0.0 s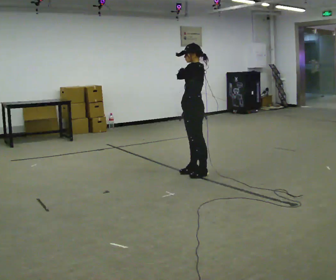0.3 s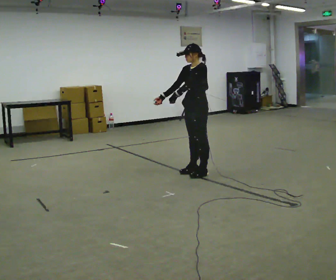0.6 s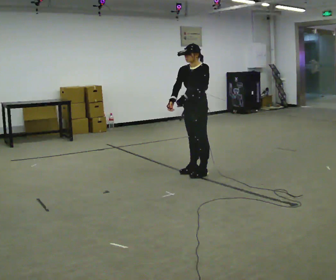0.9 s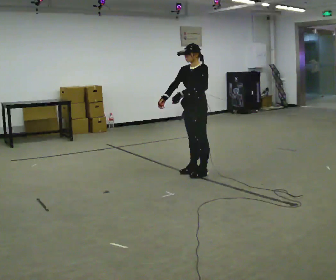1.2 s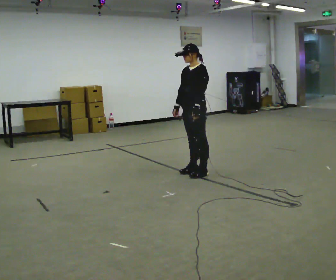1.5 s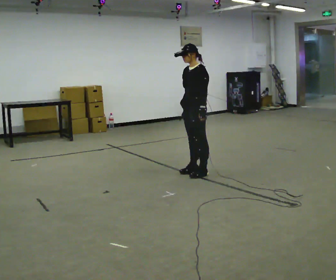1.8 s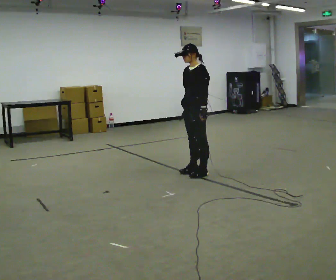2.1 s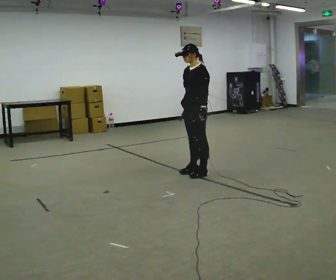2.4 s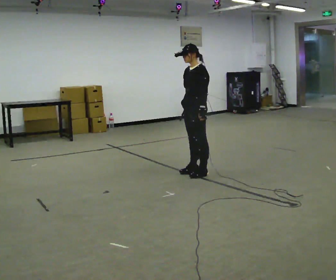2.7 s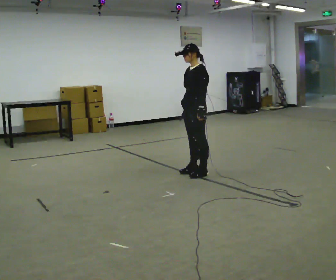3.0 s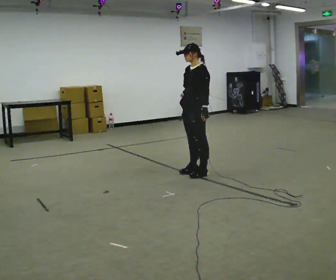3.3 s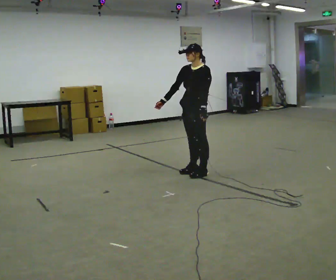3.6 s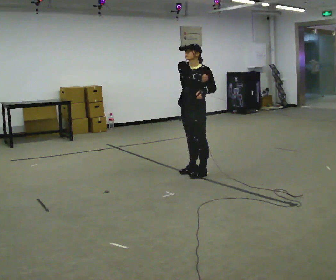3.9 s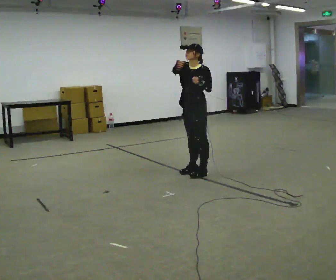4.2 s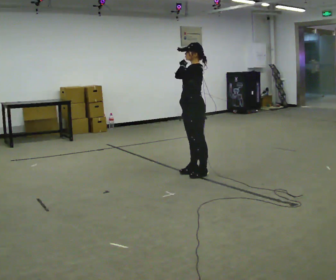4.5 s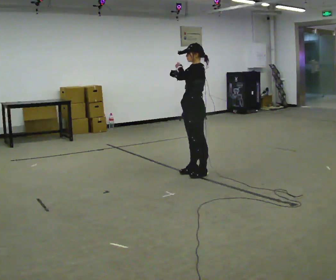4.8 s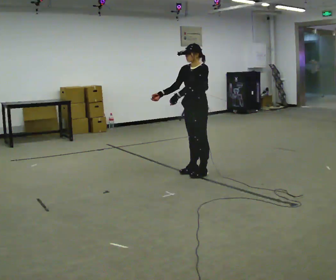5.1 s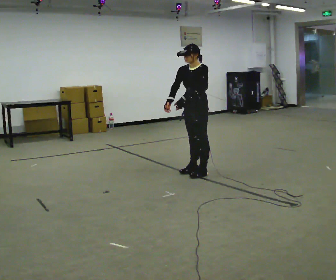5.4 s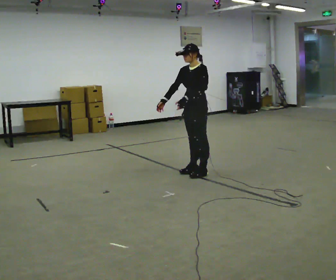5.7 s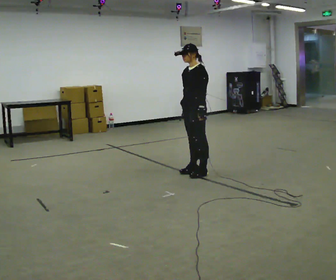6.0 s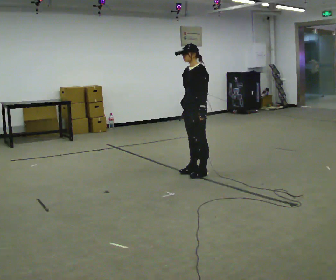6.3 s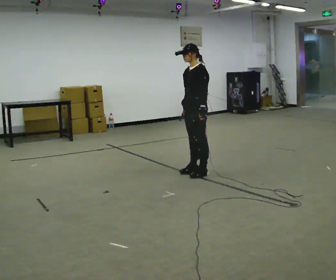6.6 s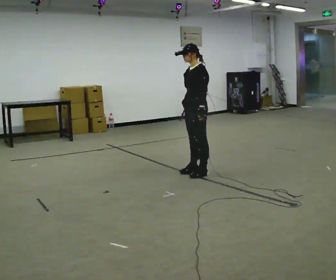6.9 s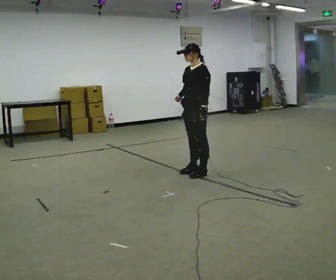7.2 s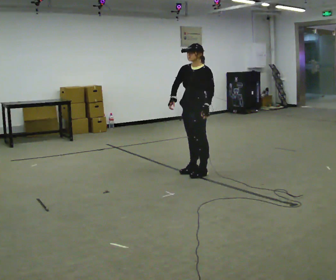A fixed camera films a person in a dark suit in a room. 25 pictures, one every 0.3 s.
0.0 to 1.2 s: The part of the body nearest the lens slides to the right as the person turns to their left by about 30 degrees. In the picture their right hand goes downward and to the left.
1.2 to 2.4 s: The person moves a little, or ends about where they began.
2.4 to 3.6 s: In the picture their right hand goes upward.
3.6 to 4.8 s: In the picture their right hand goes to the left.
4.8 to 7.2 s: In the picture their left hand goes to the right, the arm swinging counterclockwise.
The film runs backward here.
